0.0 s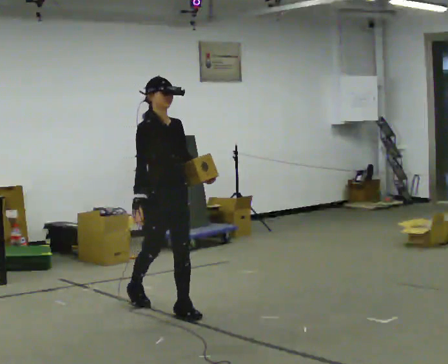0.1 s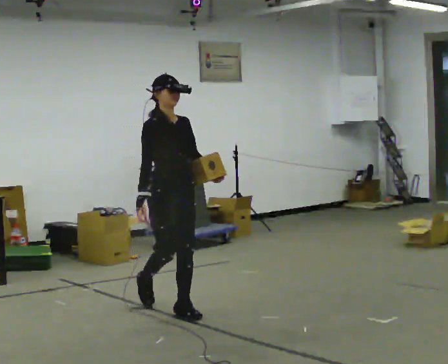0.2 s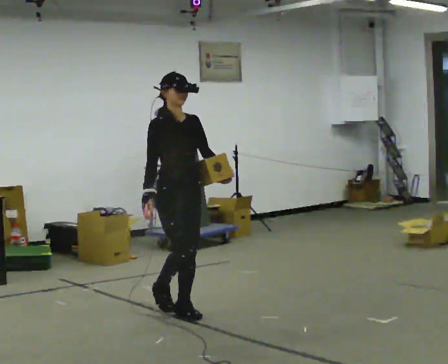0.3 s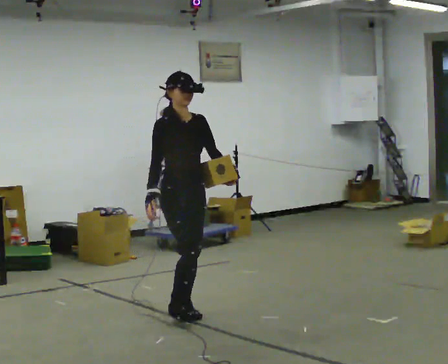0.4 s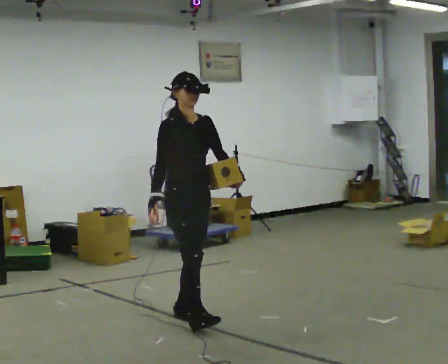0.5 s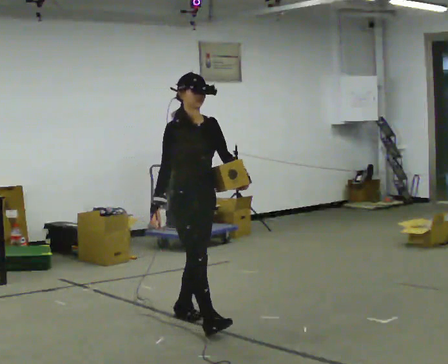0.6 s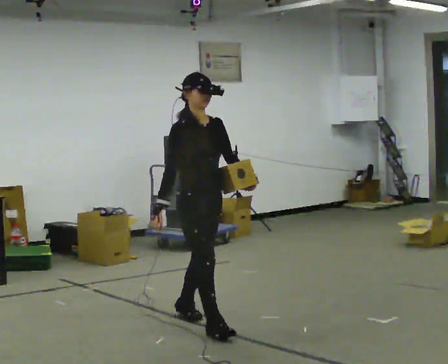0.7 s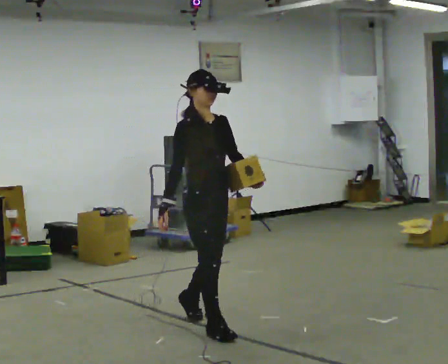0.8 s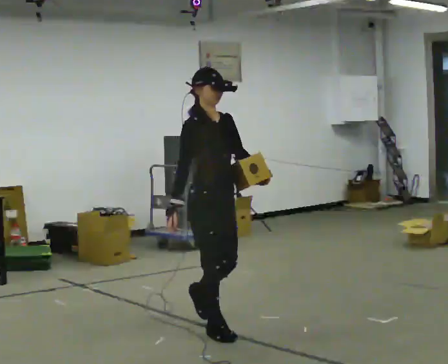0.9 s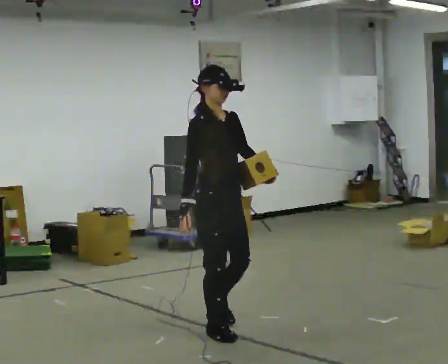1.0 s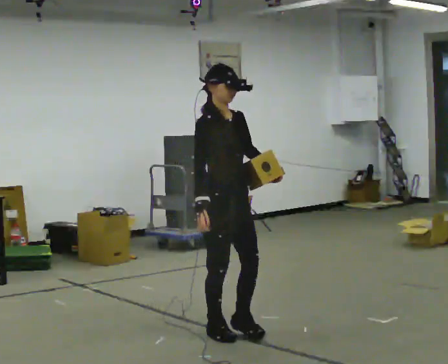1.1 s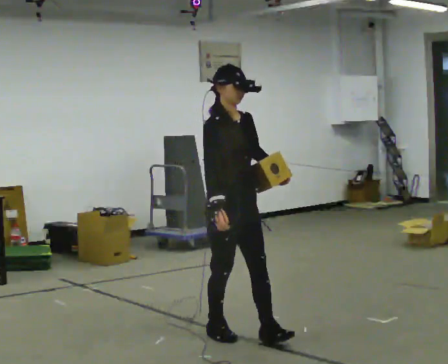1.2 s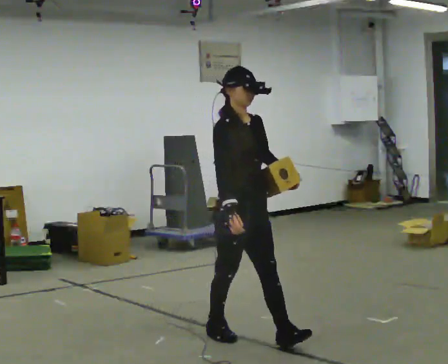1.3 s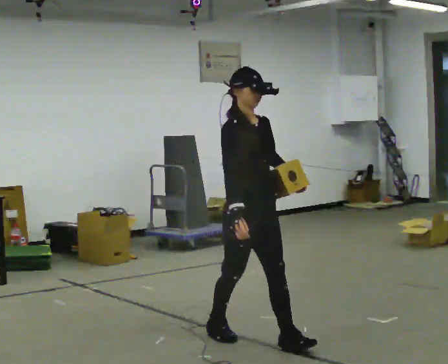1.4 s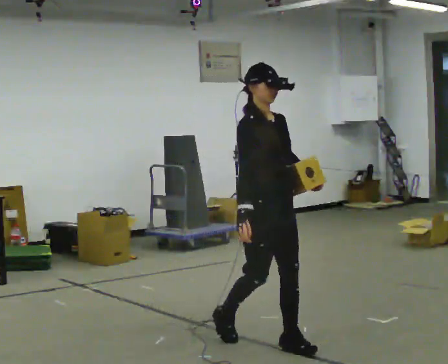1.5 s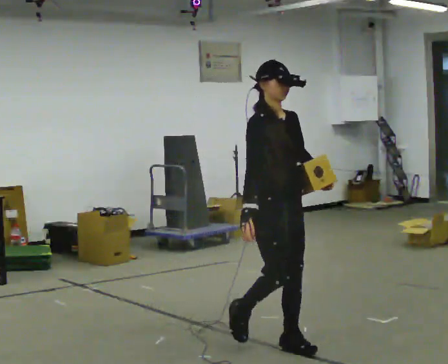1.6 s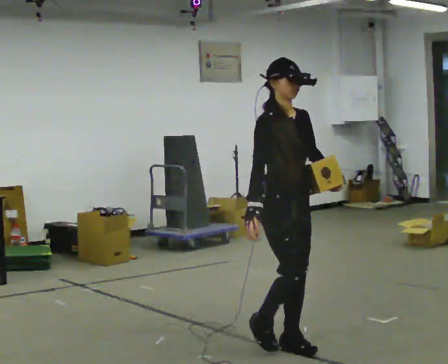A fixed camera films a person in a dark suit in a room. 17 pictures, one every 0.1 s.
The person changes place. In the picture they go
toward the camera.
0.0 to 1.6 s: In the picture they go toward the camera and to the right, about 1 m in 2 steps, which for them is forward.
The film runs forward here.
